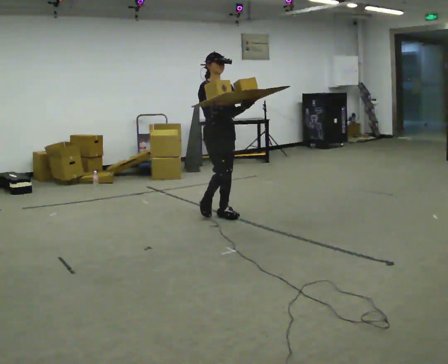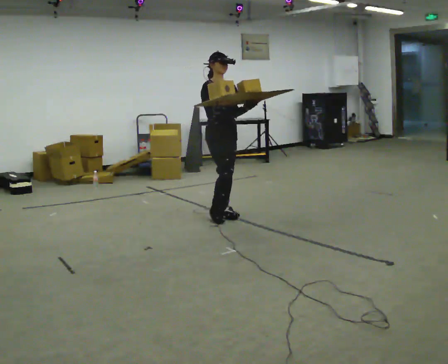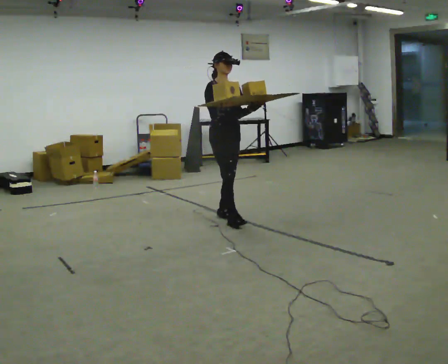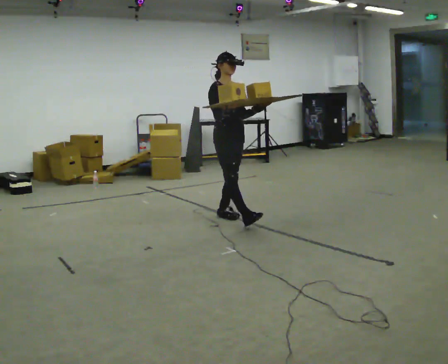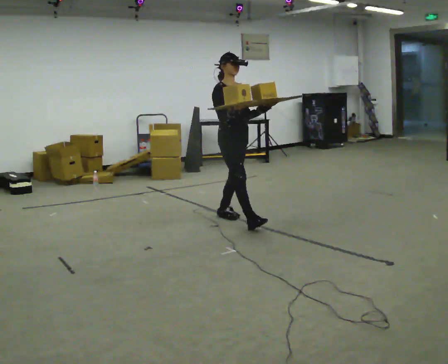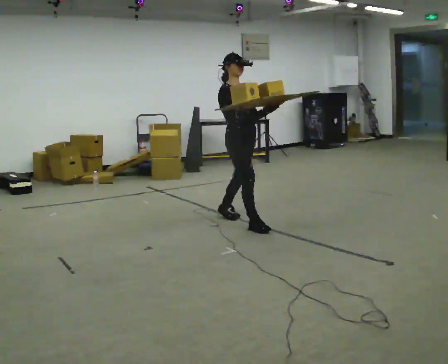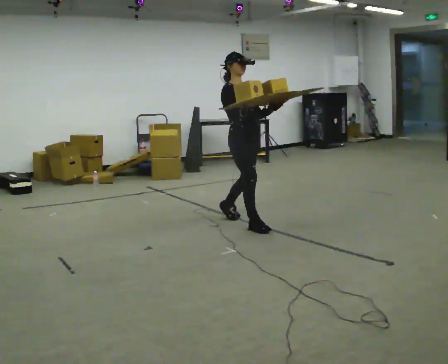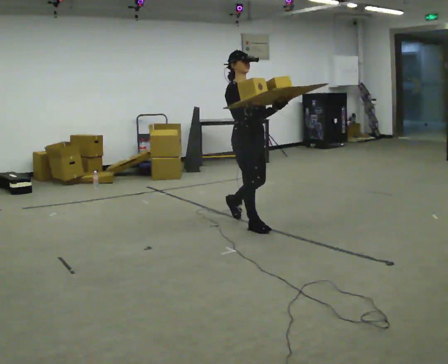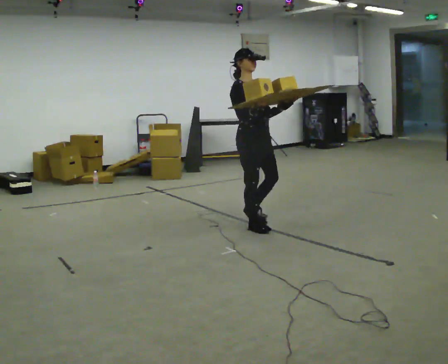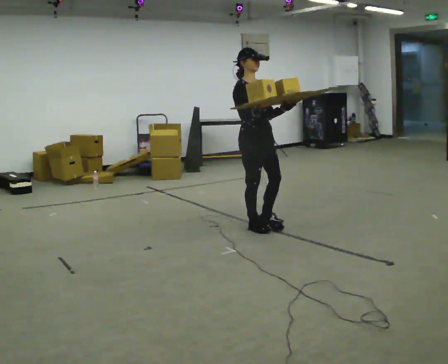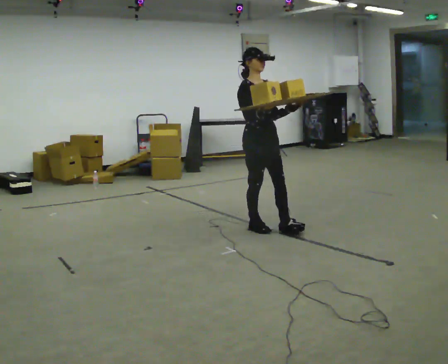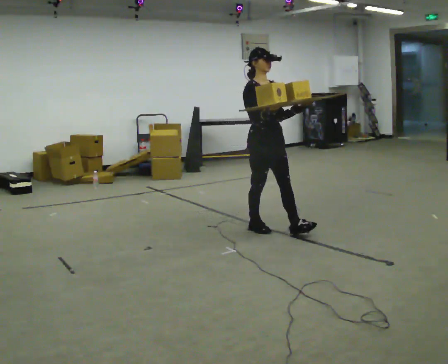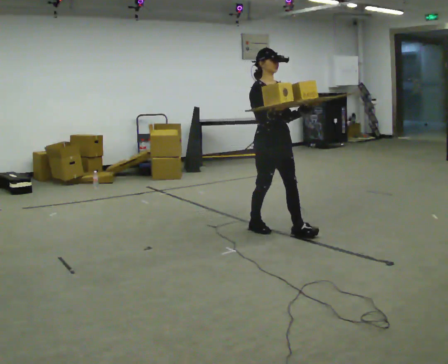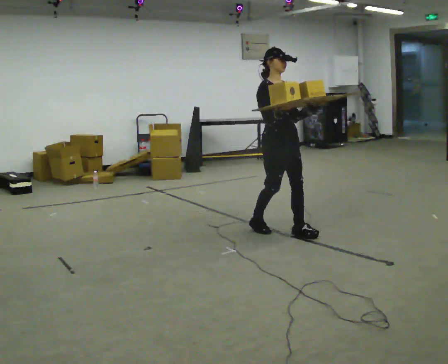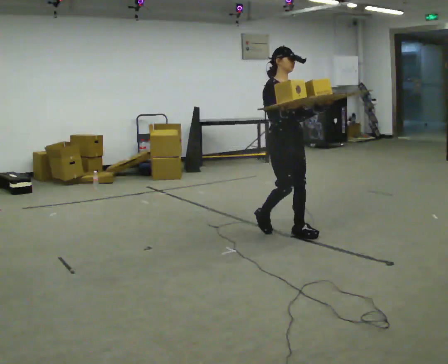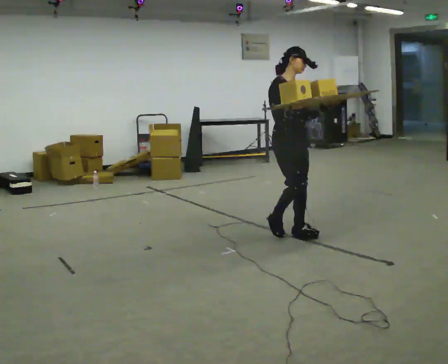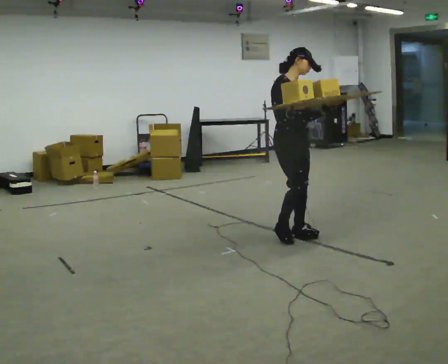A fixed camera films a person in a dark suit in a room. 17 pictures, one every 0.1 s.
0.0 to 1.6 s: In the picture they go toward the camera and to the right, about 1 m in 2 steps, which for them is forward.
The film runs forward here.
